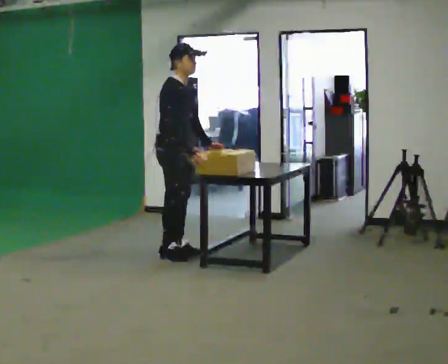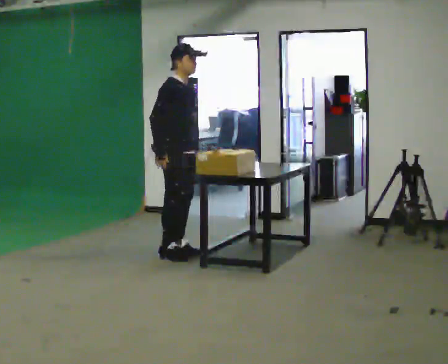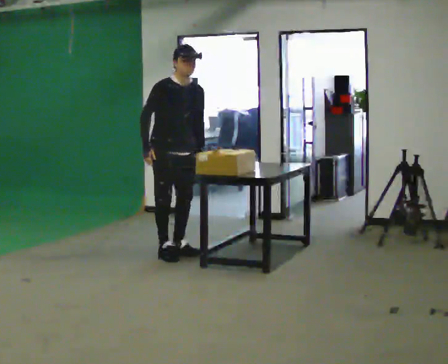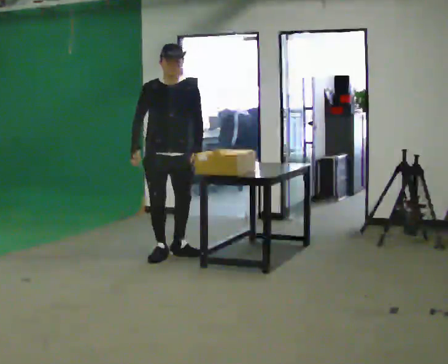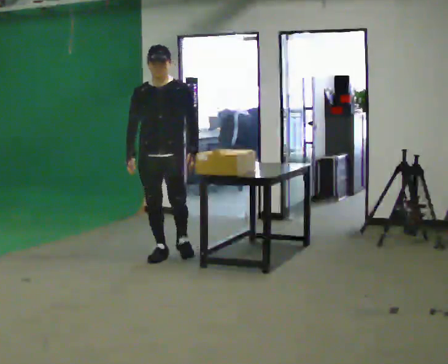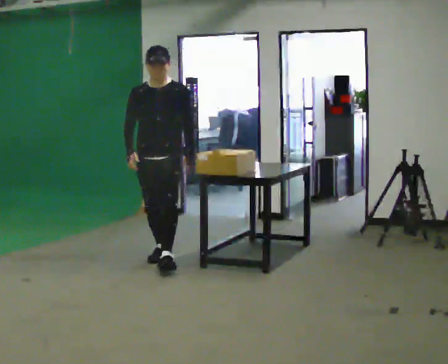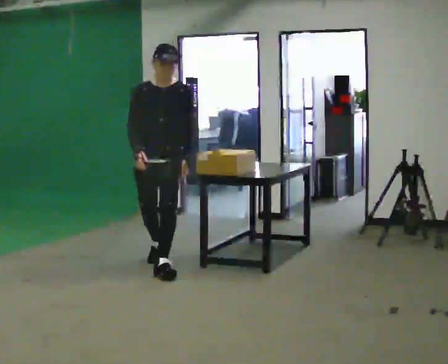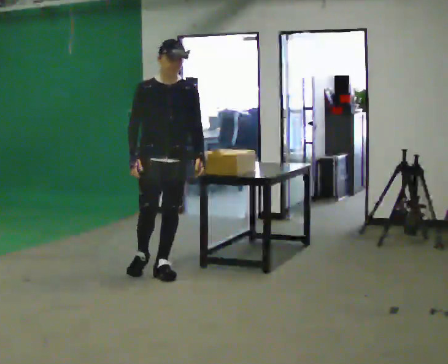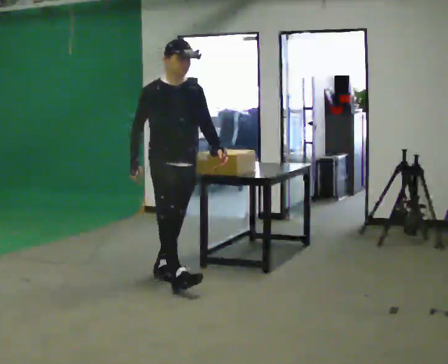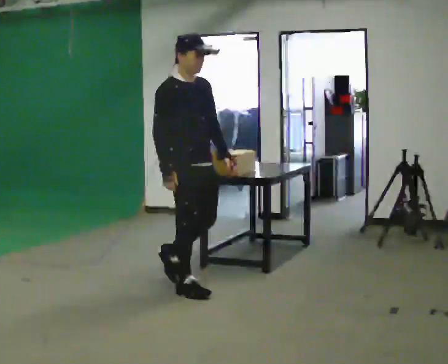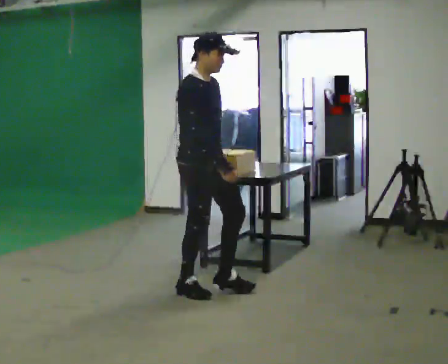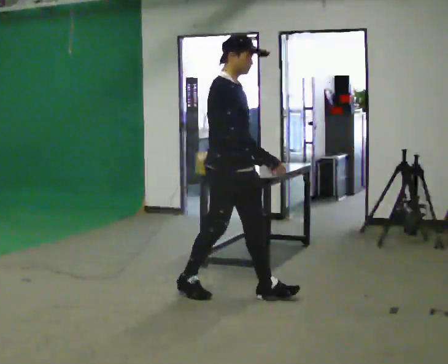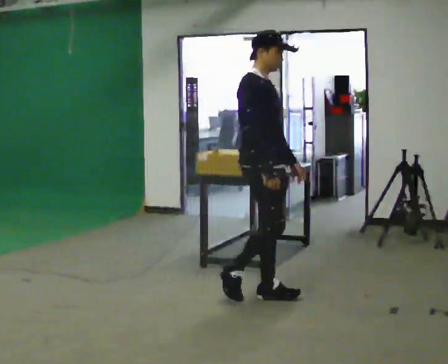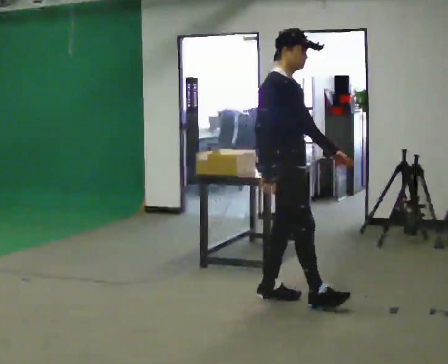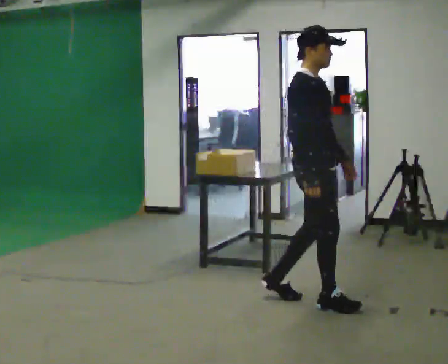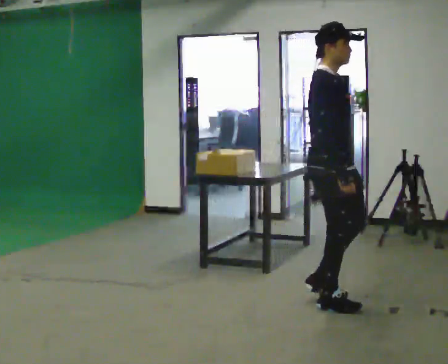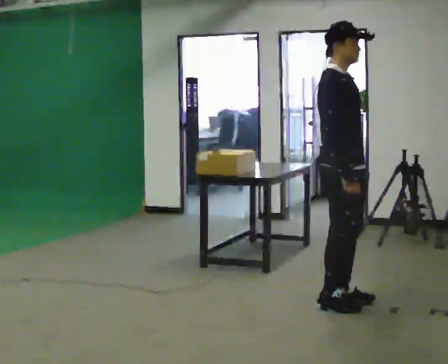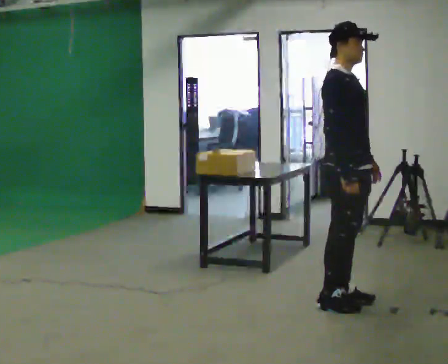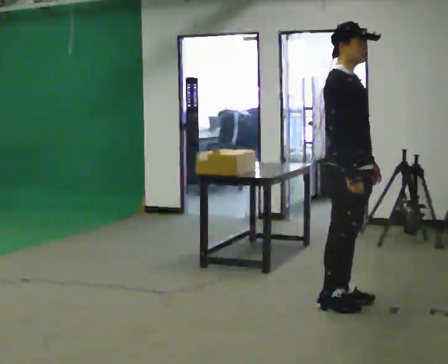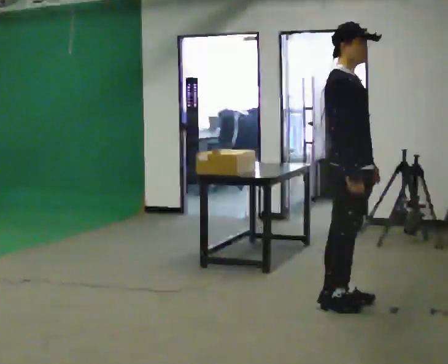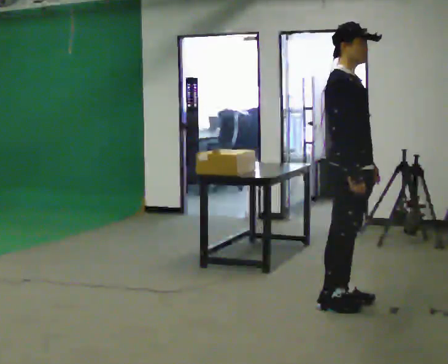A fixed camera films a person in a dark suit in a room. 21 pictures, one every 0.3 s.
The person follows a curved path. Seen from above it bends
counterclockwise.
0.0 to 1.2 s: Seen from above the body turns clockwise, about 75 degrees: to their right, with its near side sliding to the left. In the picture their right hand goes to the left.
1.2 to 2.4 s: The person turns about 45 degrees to their left, counterclockwise seen from above, so the part of the body nearest the lens slides to the right. In the picture they go toward the camera, about 0.5 m in 1 step, which for them is forward.
2.4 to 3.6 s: Seen from above the body turns counterclockwise, about 30 degrees: to their left, with its near side sliding to the right. In the picture they go to the right and toward the camera, about 1 m in 2 steps, which for them is forward.
3.6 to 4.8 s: In the picture they go to the right and toward the camera, about 0.5 m in 2 steps, which for them is forward.
4.8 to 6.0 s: The person moves a little, or ends about where they began.
The film runs forward here.
